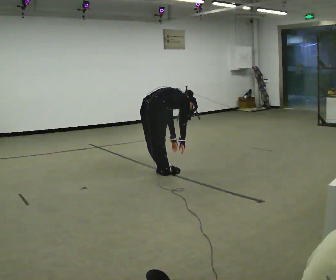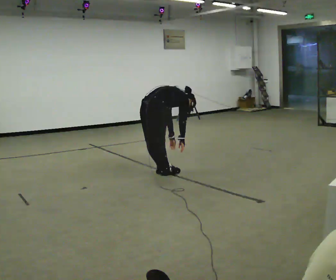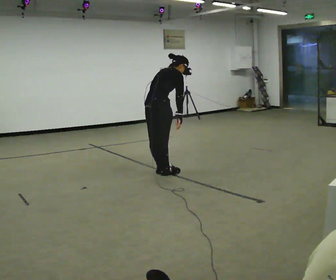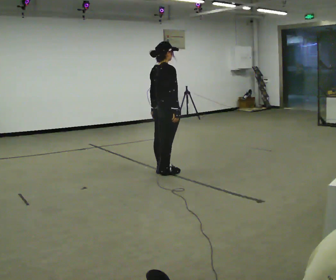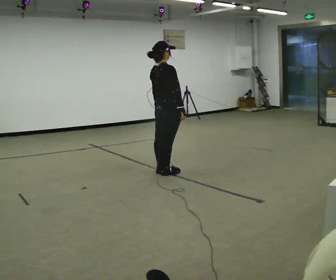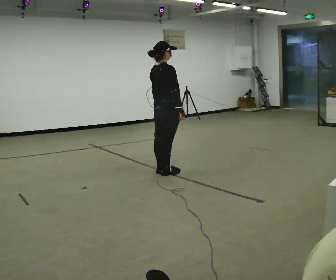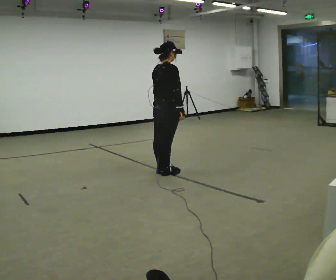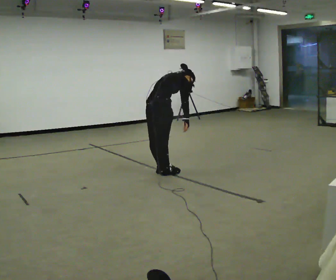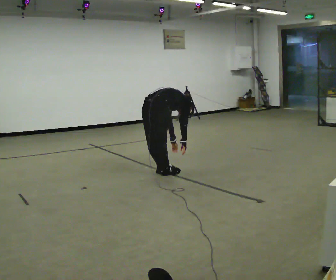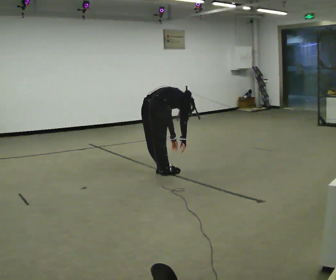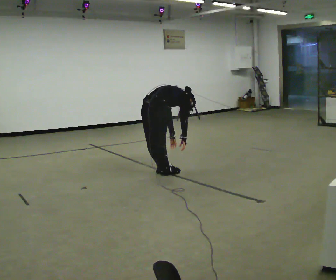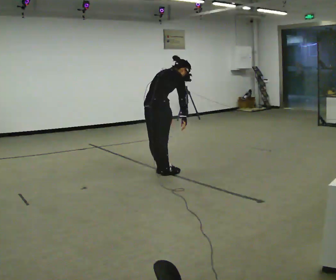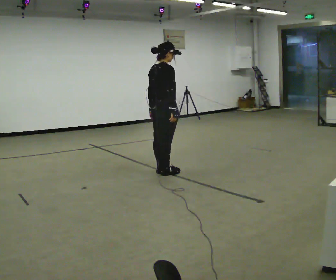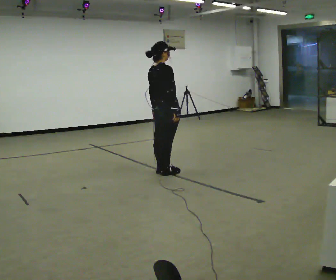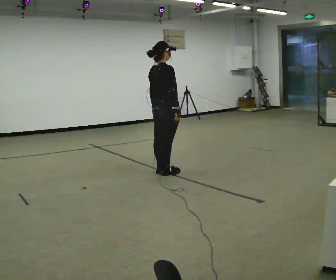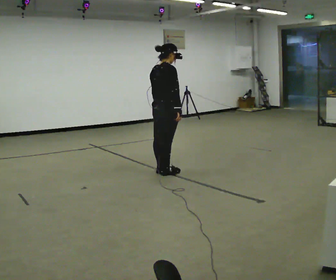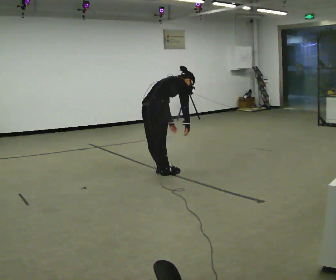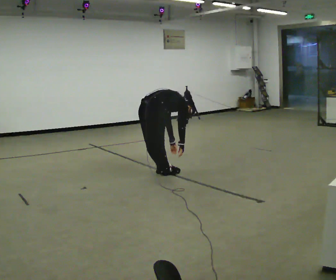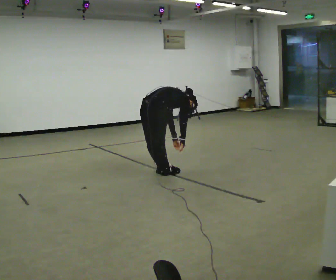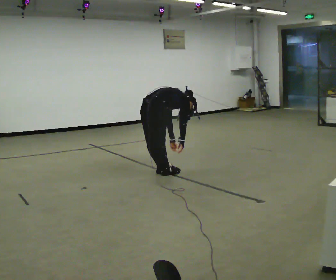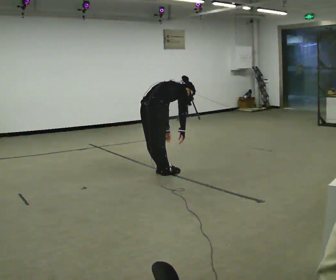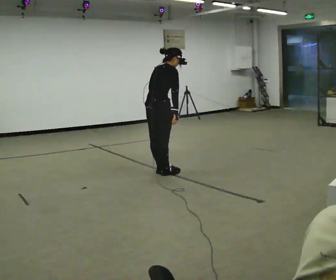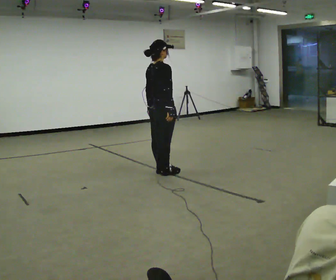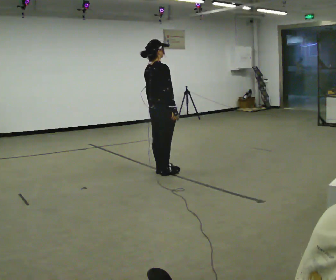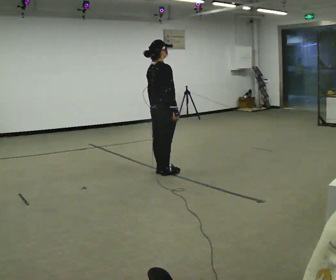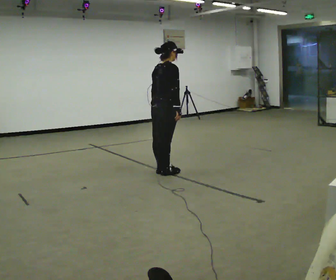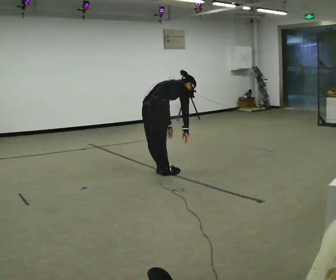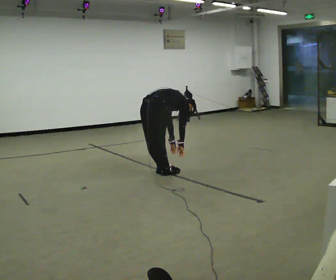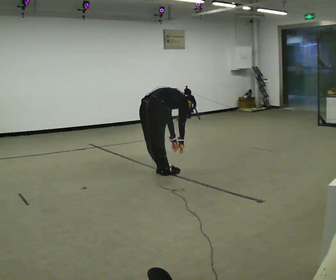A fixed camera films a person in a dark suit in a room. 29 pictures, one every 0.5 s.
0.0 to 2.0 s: In the picture they go to the right, about 0.25 m, which for them is forward. The upper body goes upward. In the picture the upper body tilts counterclockwise, shoulders to the left, as they lean back or straighten. In the picture their right hand goes upward.
2.0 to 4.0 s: The upper body goes downward. In the picture the upper body tilts clockwise, shoulders to the right, as they bend forward. In the picture their right hand goes downward.
4.0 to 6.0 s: The shoulders move upward. In the picture the upper body tilts counterclockwise, shoulders to the left, as they lean back or straighten. In the picture their left hand goes upward.
6.0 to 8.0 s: The upper body goes downward. In the picture the upper body tilts clockwise, shoulders to the right, as they bend forward.
8.0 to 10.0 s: The person moves a little, or ends about where they began.
10.0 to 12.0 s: The upper body goes upward. In the picture the upper body tilts counterclockwise, shoulders to the left, as they lean back or straighten.
12.0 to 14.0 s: The upper body goes downward. In the picture the upper body tilts clockwise, shoulders to the right, as they bend forward. In the picture their right hand goes downward.
The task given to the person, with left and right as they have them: Keeping your feet still, reach down toward the floor in front and to each side, then return to standing. Repeat the movement at your own pace until the operator says stop; do not rush.
The film runs forward here.
